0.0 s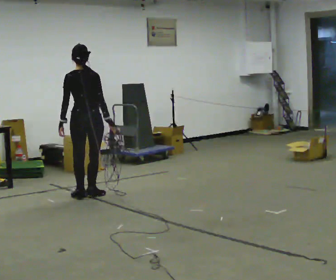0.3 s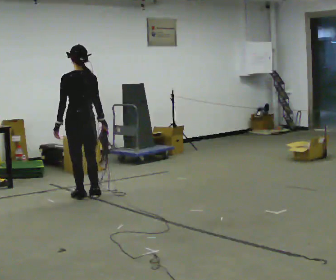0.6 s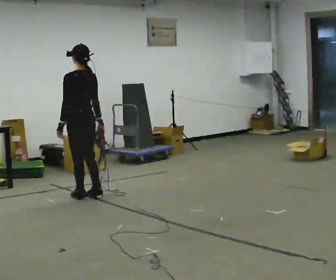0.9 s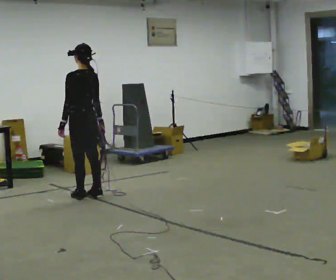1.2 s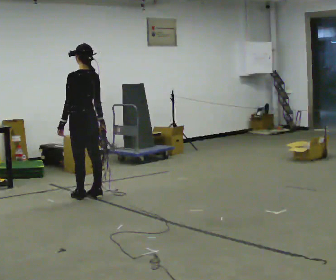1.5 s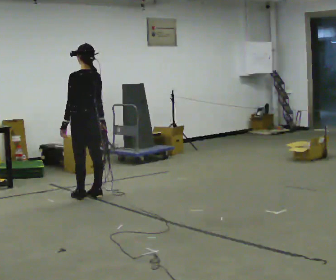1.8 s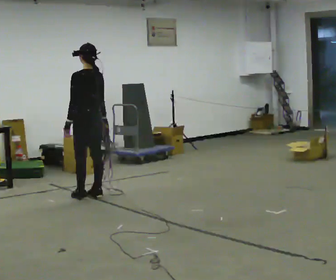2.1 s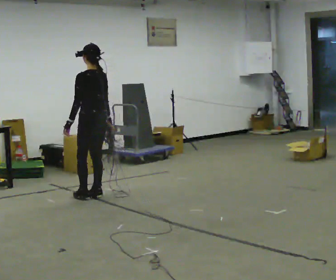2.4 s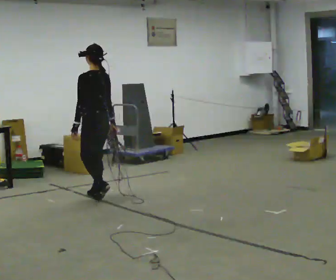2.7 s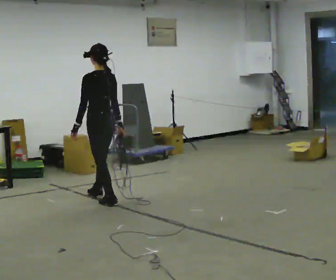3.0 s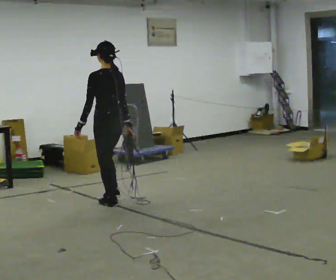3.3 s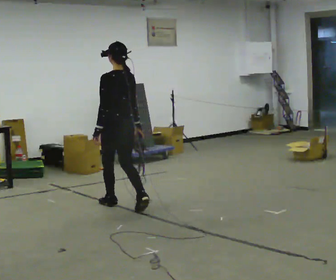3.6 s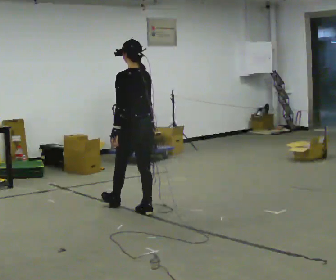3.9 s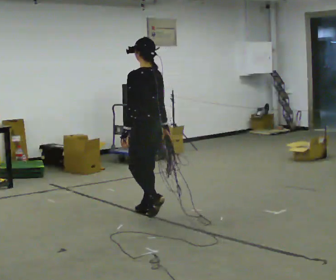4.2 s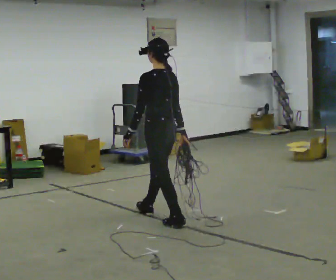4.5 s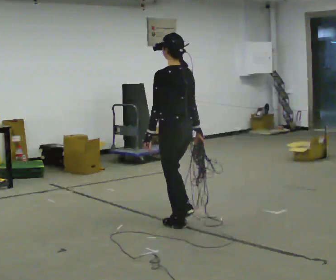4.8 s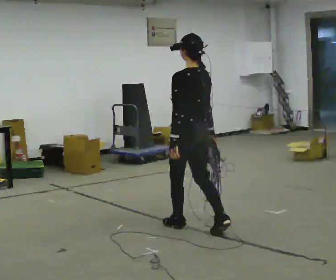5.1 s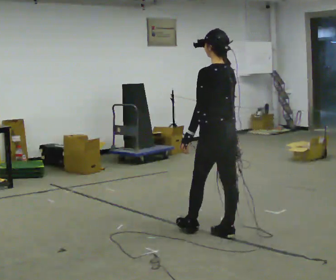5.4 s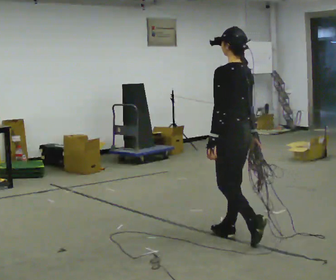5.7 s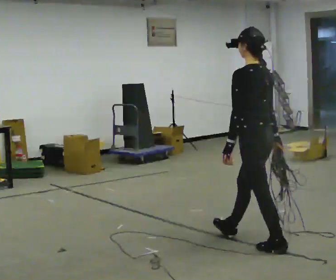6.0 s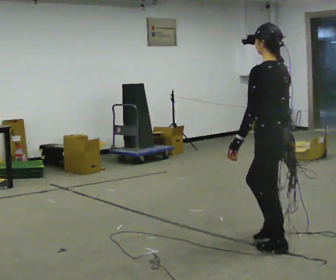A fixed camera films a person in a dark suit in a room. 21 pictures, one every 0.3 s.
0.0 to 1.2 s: The part of the body nearest the lens slides to the right as the person turns to their left by about 60 degrees.
1.2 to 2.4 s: The person moves a little, or ends about where they began.
2.4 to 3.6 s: In the picture they go toward the camera and to the right, about 0.5 m in 2 steps, which for them is backward.
3.6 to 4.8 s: In the picture they go toward the camera and to the right, about 1 m in 1 step, which for them is backward.
4.8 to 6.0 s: In the picture they go toward the camera and to the right, about 1 m in 2 steps, which for them is backward.
The film runs backward here.
